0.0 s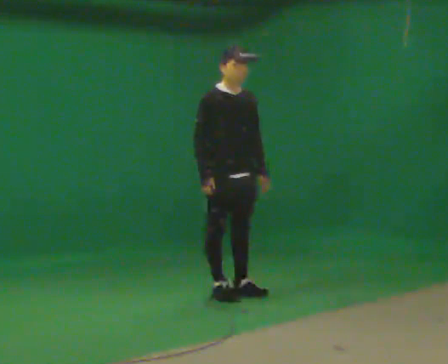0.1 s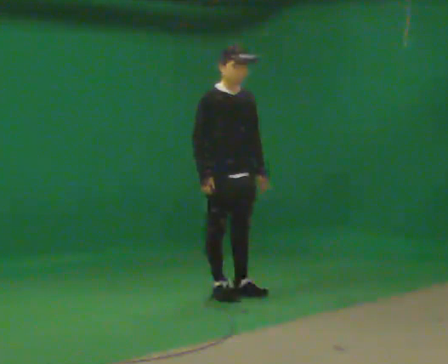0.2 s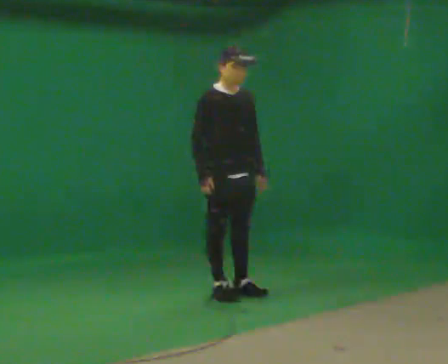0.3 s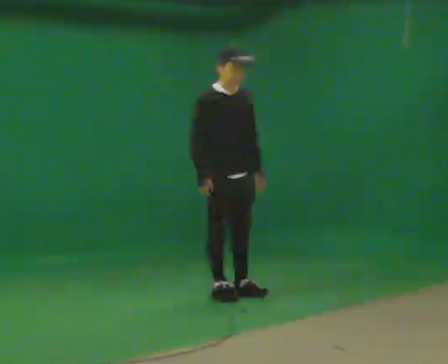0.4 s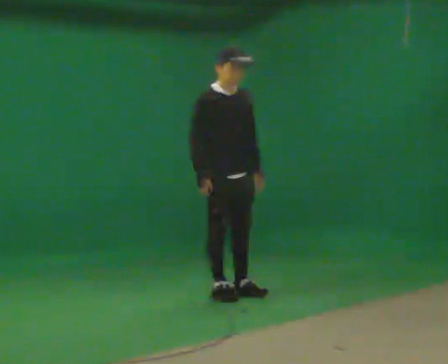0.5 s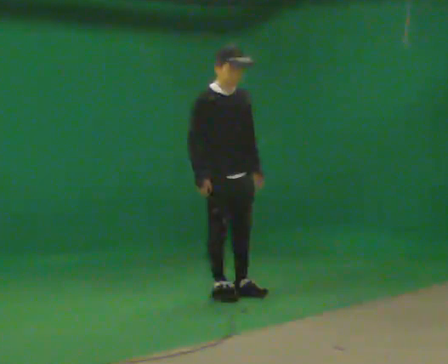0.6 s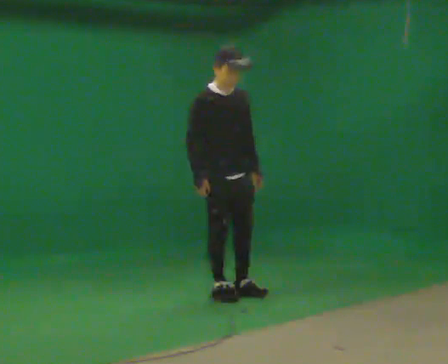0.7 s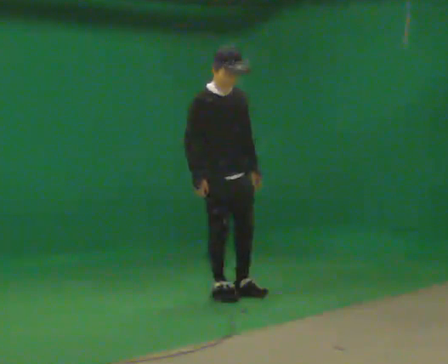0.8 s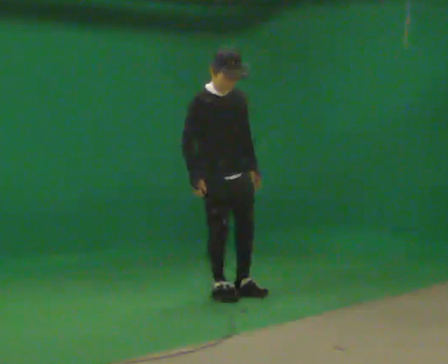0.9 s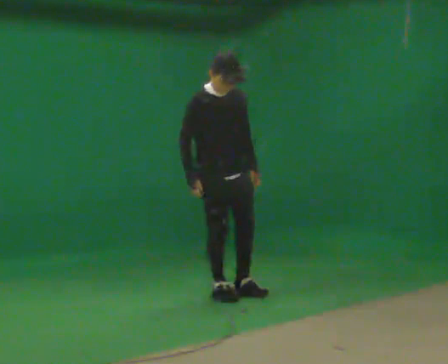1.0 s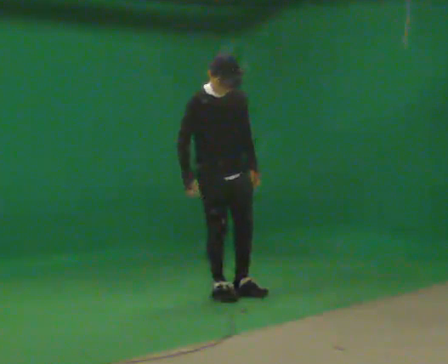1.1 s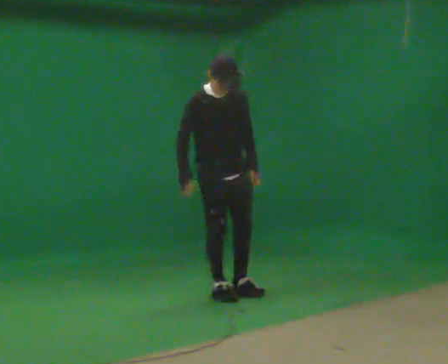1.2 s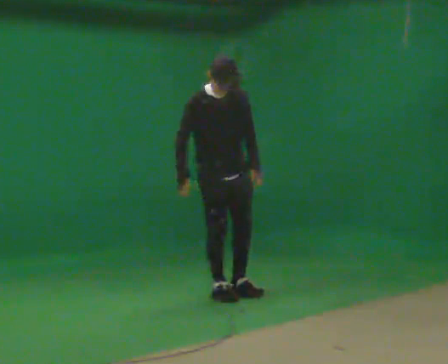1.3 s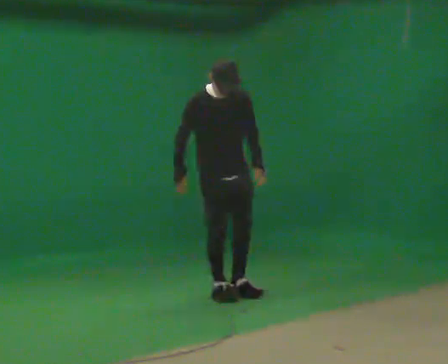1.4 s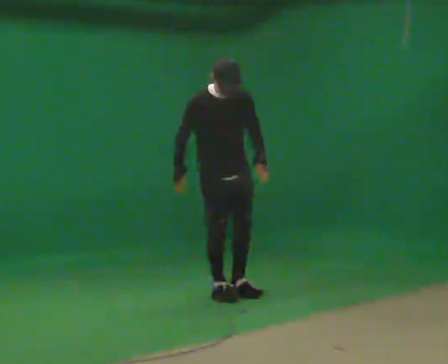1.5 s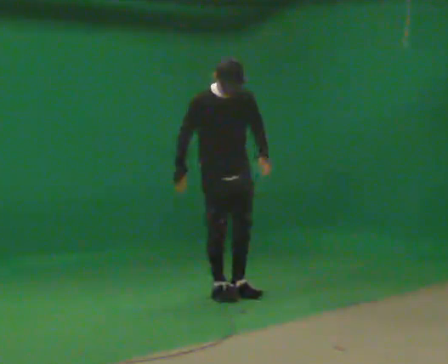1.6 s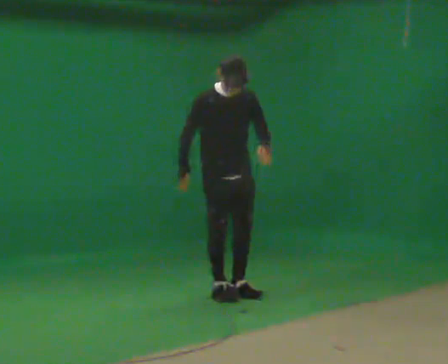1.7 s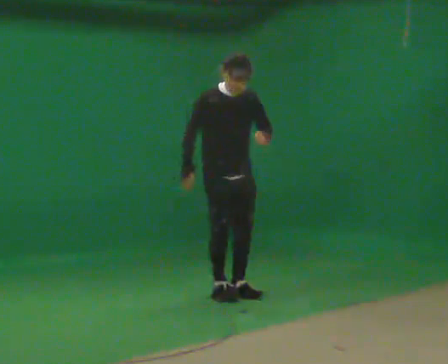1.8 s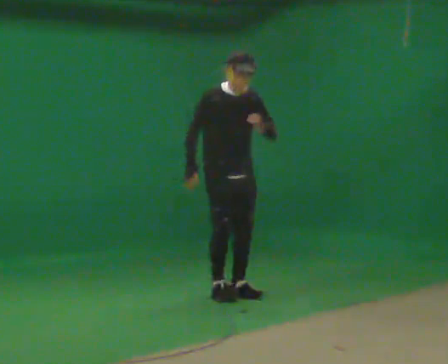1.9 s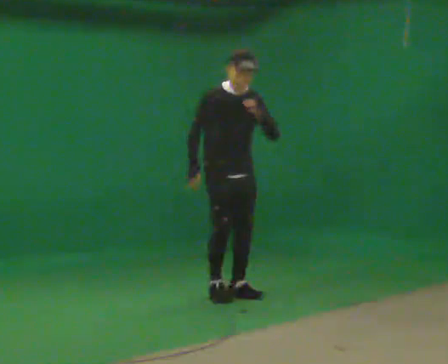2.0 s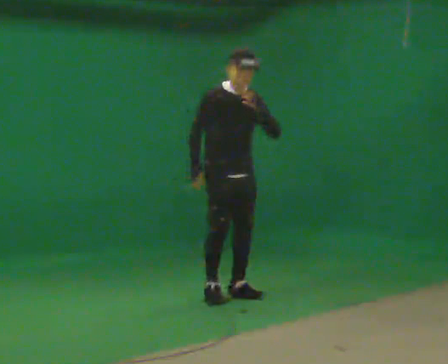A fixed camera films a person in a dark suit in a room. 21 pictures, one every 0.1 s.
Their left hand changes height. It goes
upward.
0.0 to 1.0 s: The person moves a little, or ends about where they began.
1.0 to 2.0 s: In the picture their left hand goes upward.
The film runs forward here.
